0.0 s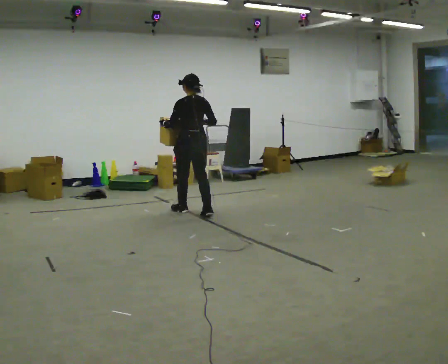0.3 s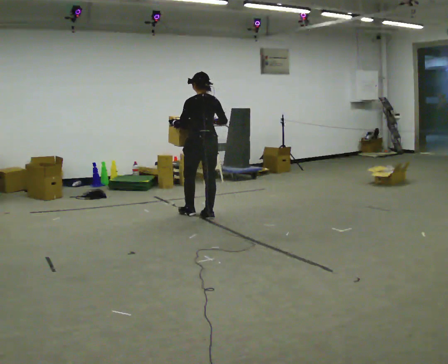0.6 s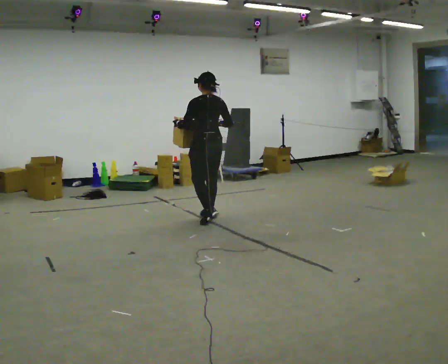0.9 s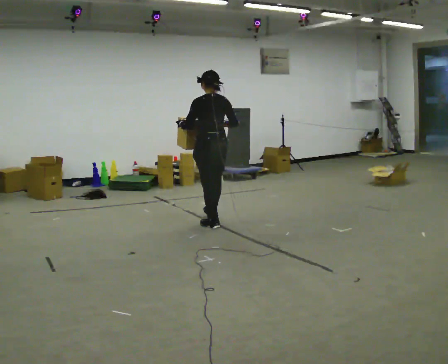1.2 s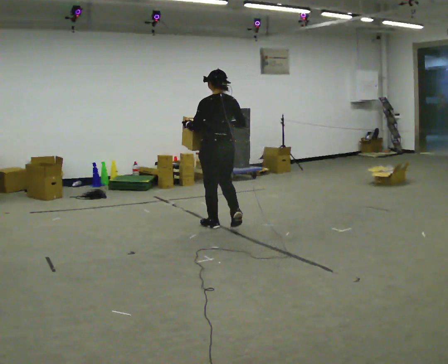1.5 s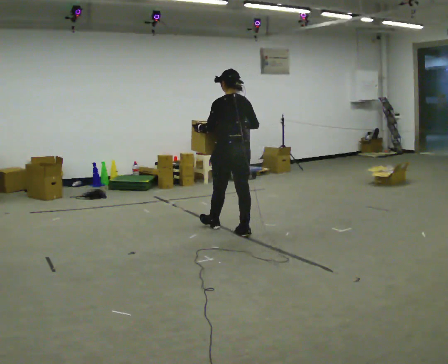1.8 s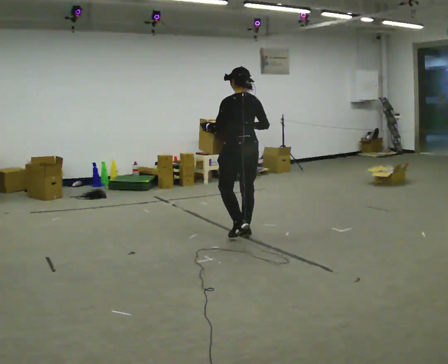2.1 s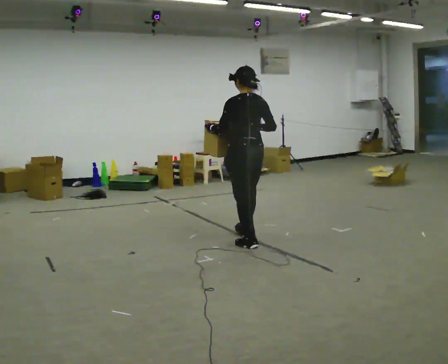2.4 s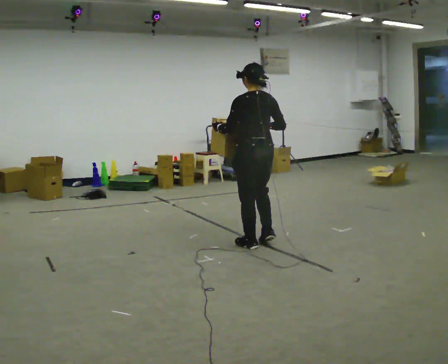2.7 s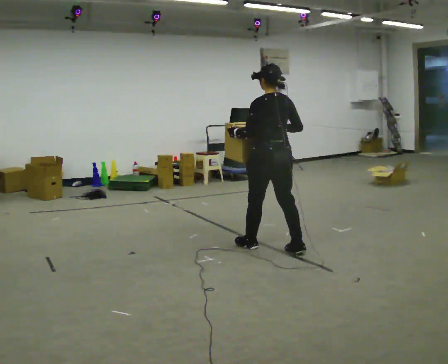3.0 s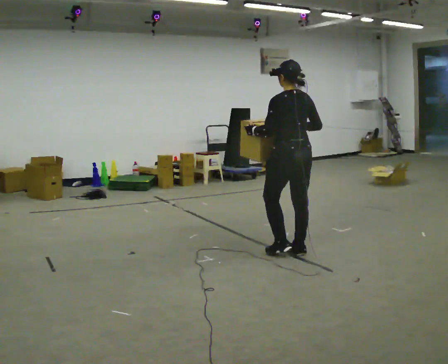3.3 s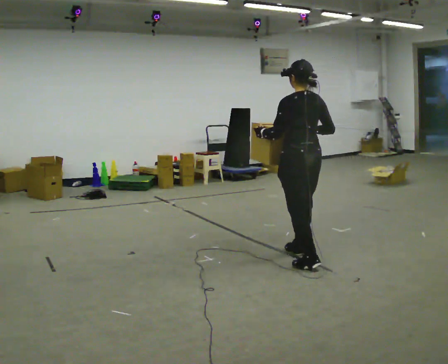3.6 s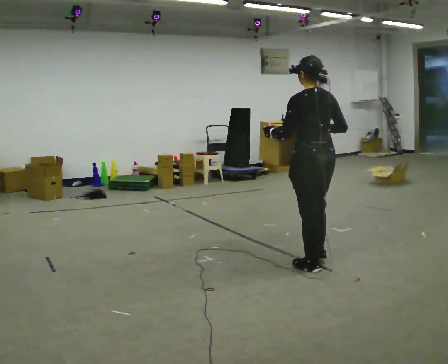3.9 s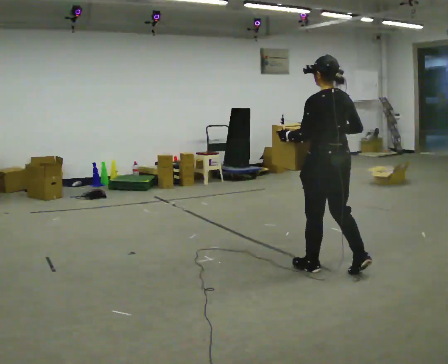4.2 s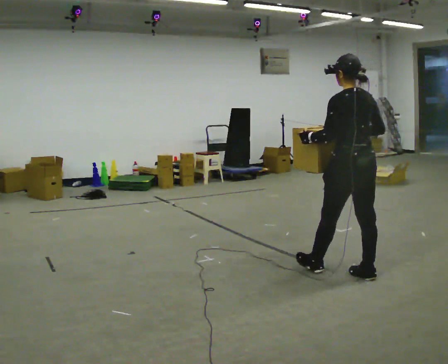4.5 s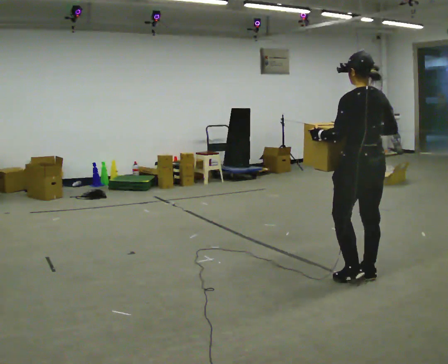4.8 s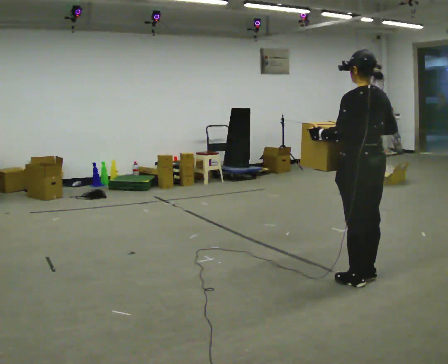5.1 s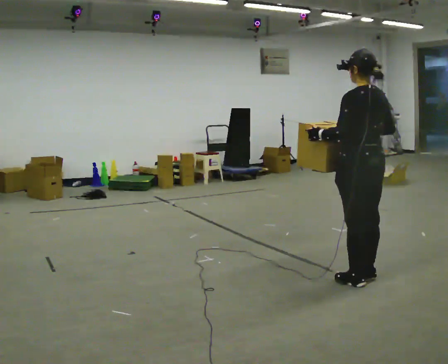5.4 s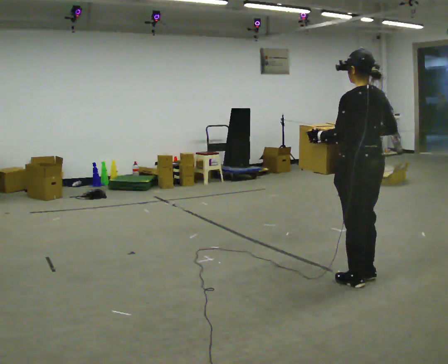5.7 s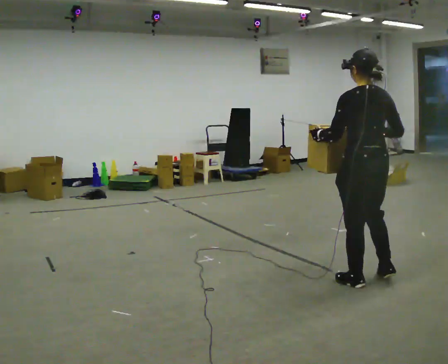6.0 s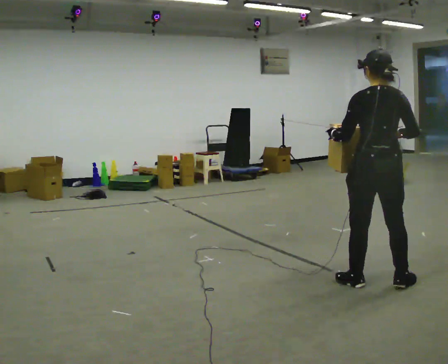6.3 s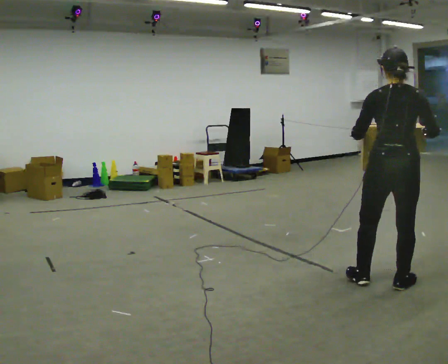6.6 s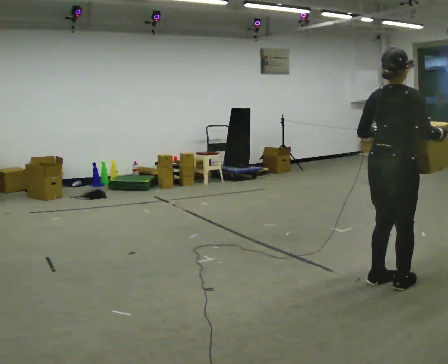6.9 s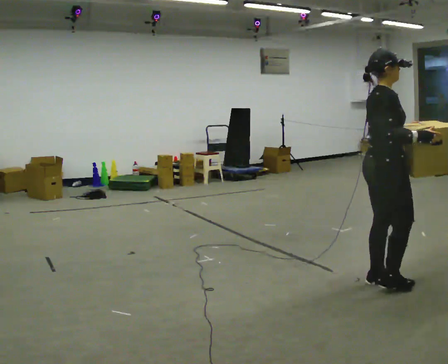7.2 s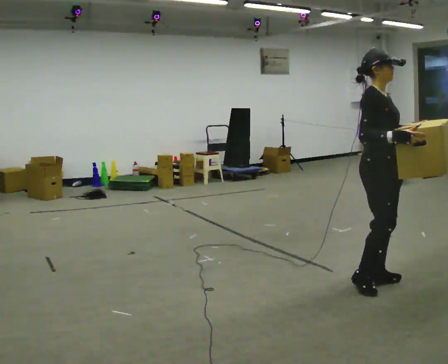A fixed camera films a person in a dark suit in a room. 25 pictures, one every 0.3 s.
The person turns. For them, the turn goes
to their right.
The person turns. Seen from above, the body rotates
clockwise.
0.0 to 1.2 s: In the picture they go toward the camera and to the right, about 0.5 m in 2 steps, which for them is backward.
1.2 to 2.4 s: In the picture they go toward the camera and to the right, about 0.5 m in 2 steps, which for them is backward.
2.4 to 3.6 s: In the picture they go toward the camera and to the right, about 0.5 m in 2 steps, which for them is backward.
3.6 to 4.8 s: In the picture they go to the right and toward the camera, about 0.5 m in 1 step, which for them is backward.
4.8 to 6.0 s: The person moves a little, or ends about where they began.
6.0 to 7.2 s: Seen from above the body turns clockwise, about 135 degrees: to their right, with its near side sliding to the left. In the picture their left hand goes to the right.
The film runs backward here.
